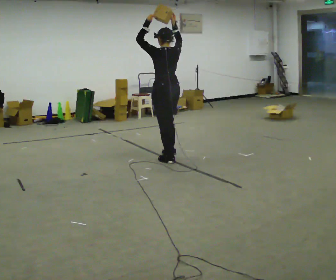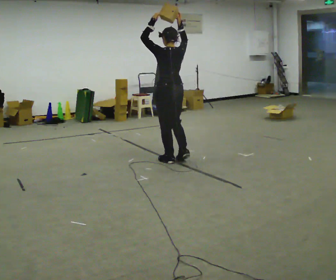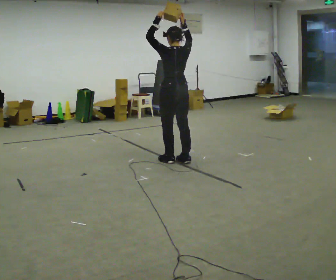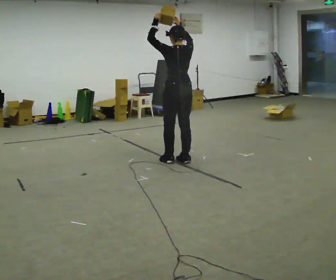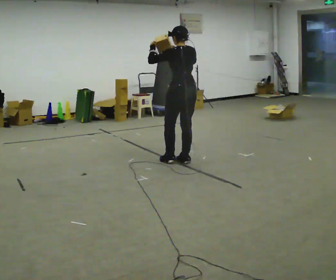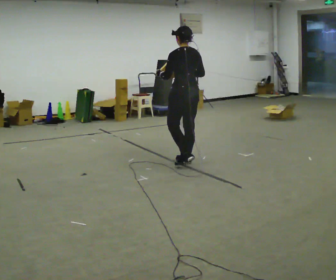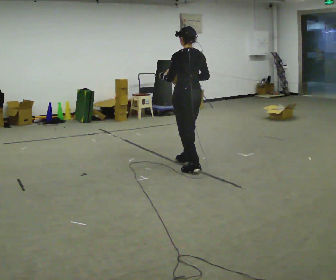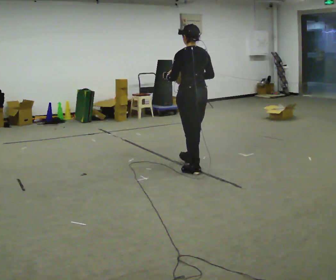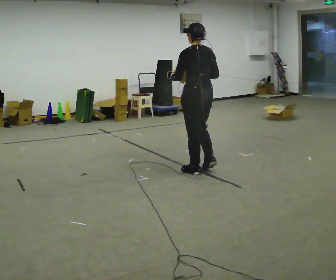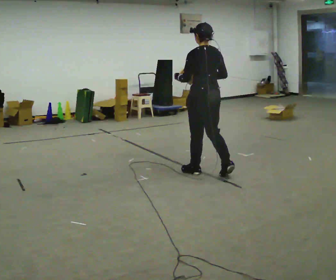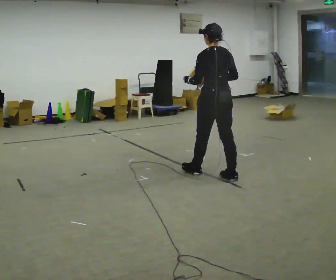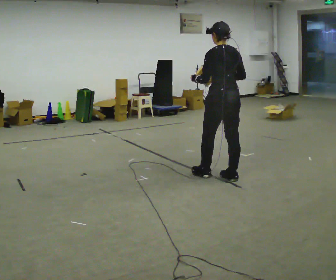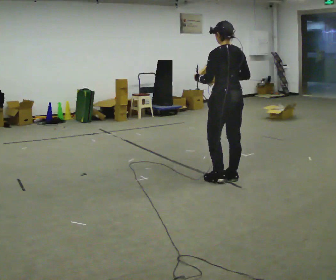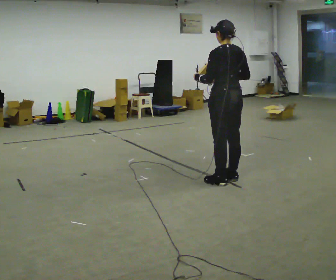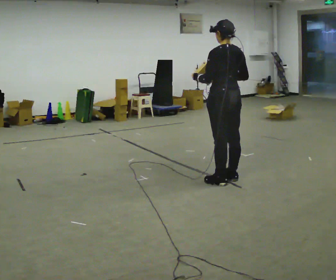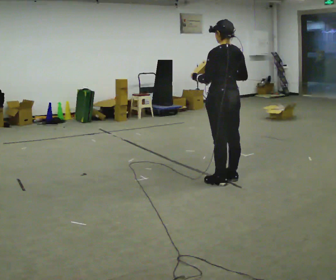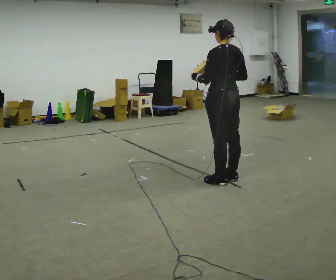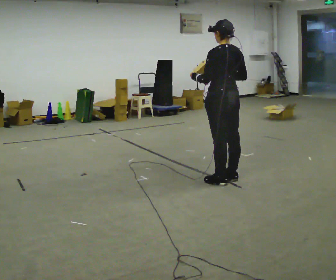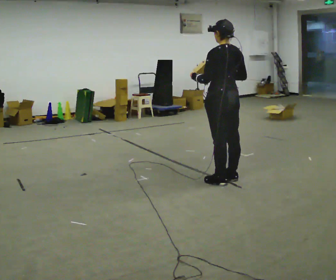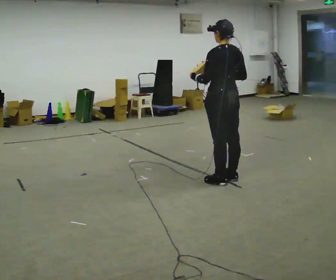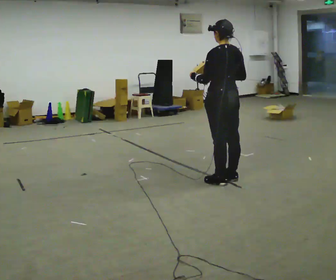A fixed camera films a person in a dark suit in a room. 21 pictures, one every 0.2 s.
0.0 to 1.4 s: In the picture they go toward the camera and to the right, about 0.5 m in 2 steps, which for them is backward. In the picture their right hand goes downward.
1.4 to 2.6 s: In the picture they go to the right and toward the camera, about 0.5 m in 1 step, which for them is backward.
2.6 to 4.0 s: The person moves a little, or ends about where they began.
The film runs backward here.
